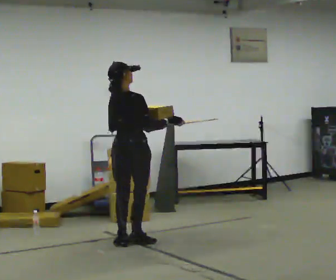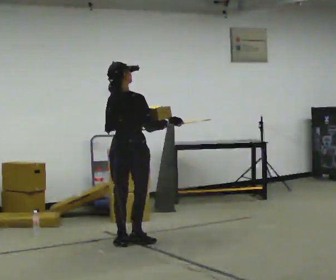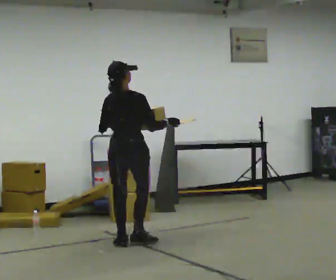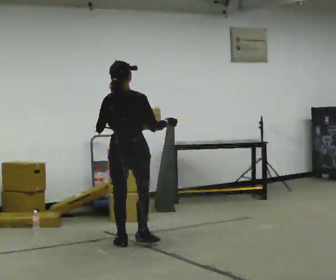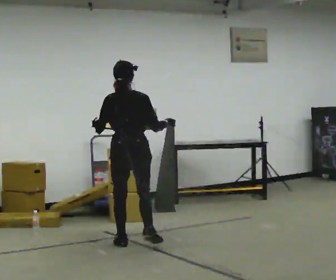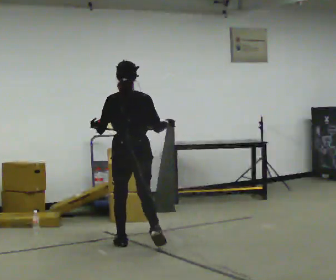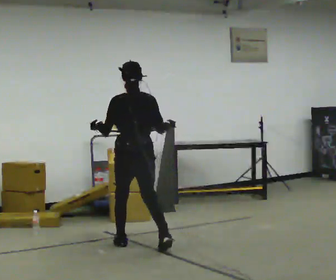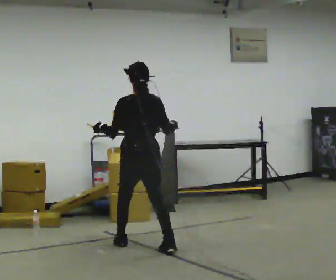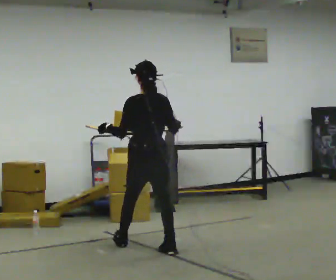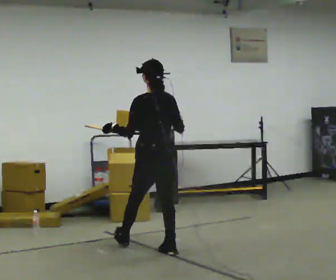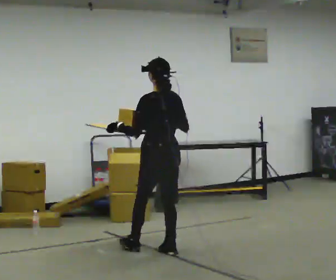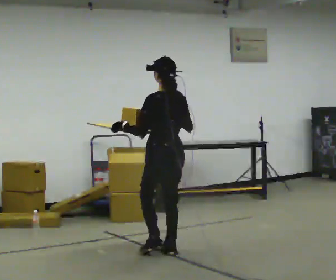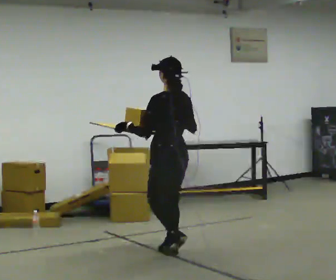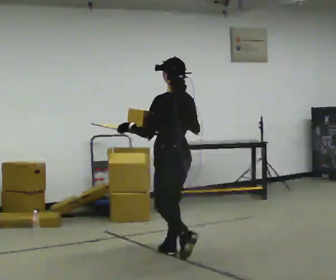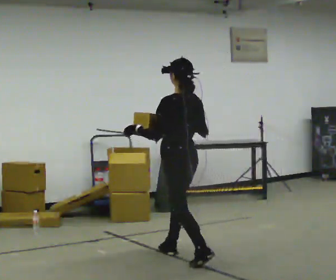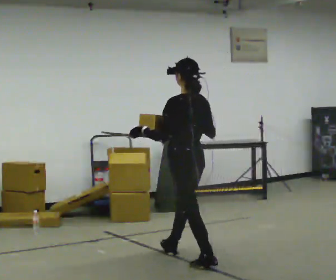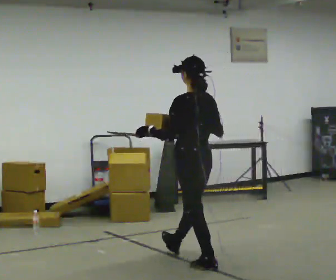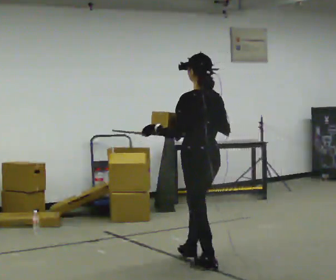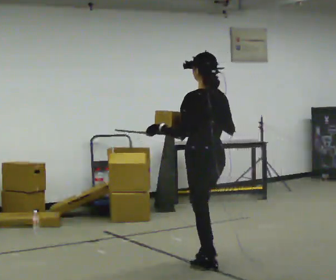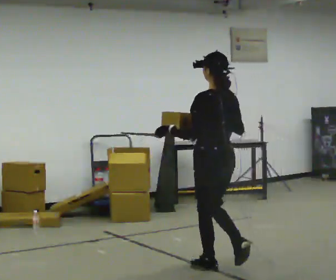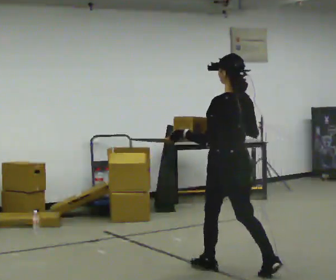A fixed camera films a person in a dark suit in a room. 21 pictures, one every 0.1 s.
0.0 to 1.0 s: The person turns about 75 degrees to their left, counterclockwise seen from above, so the part of the body nearest the lens slides to the right. In the picture they go toward the camera and to the right, about 0.5 m in 2 steps.
1.0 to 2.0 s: In the picture they go toward the camera and to the right, about 1 m in 1 step, which for them is backward.
The film runs backward here.
